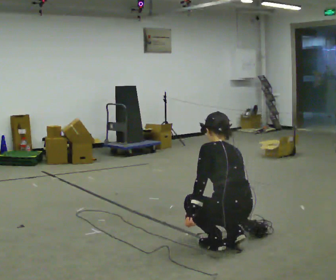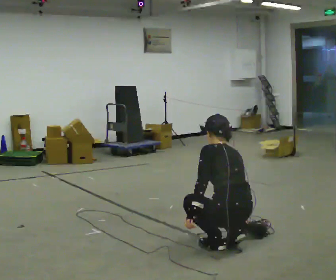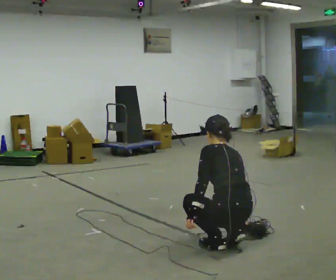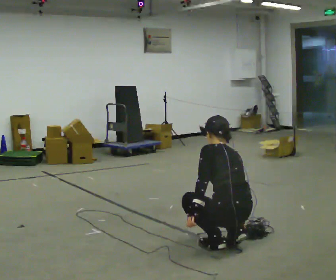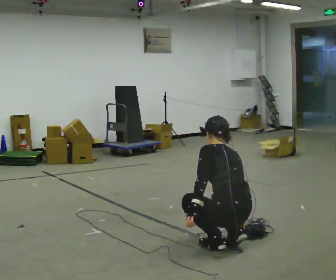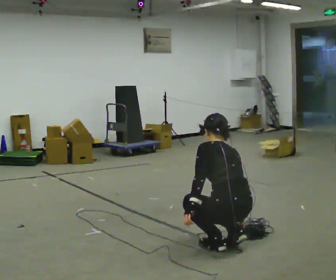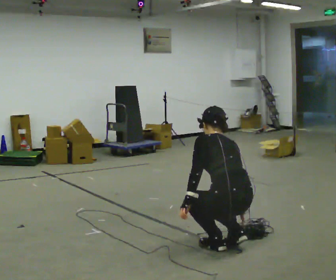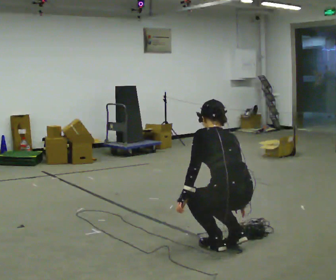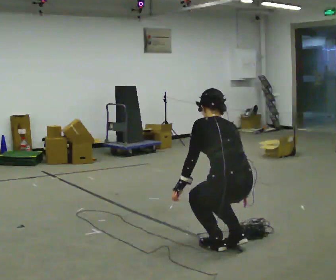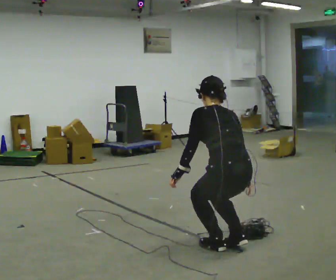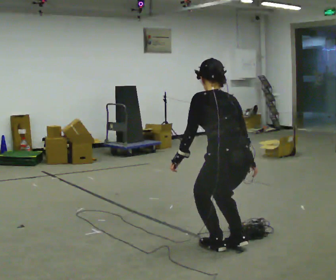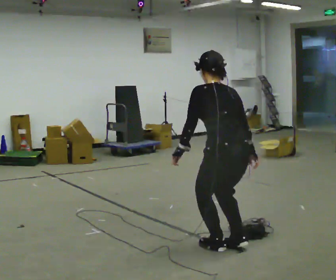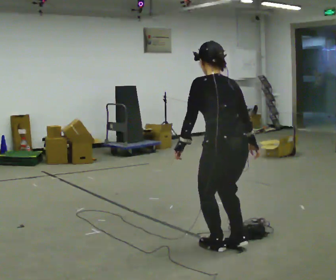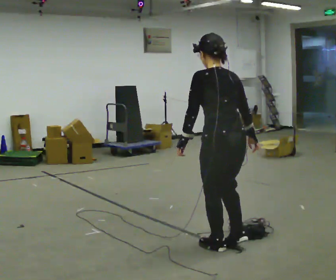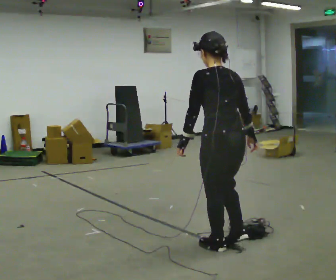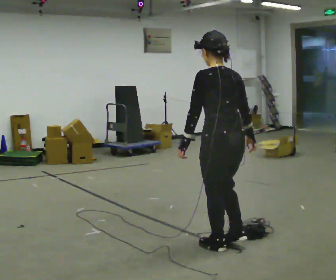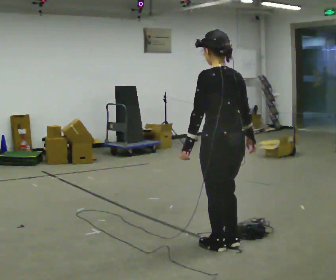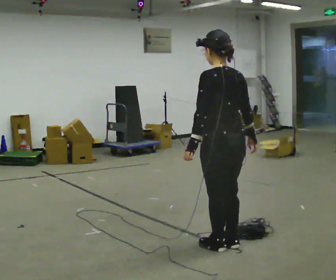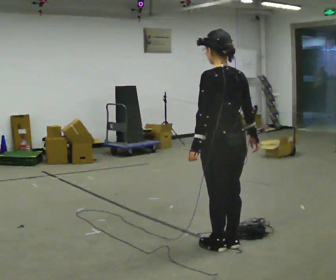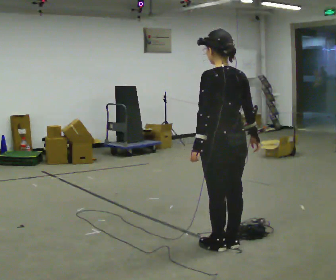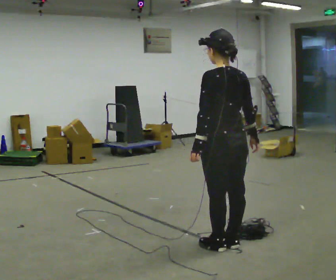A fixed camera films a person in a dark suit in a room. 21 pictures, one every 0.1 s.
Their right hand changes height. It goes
upward.
Their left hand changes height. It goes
upward.
0.0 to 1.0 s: The upper body goes upward. In the picture their left hand goes upward.
1.0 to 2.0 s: The upper body goes upward. The upper body tips toward the camera, its near side rolling downward, as they lean back or straighten.
The film runs forward here.
